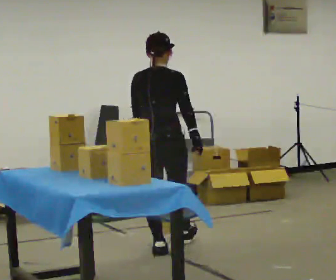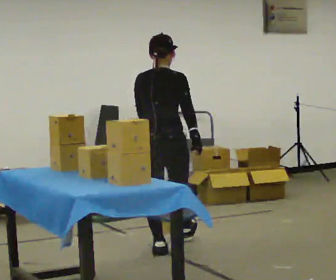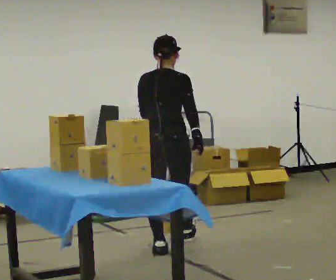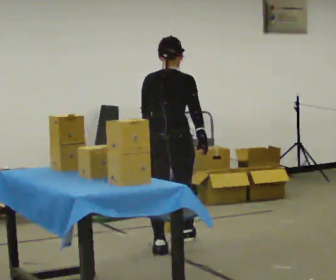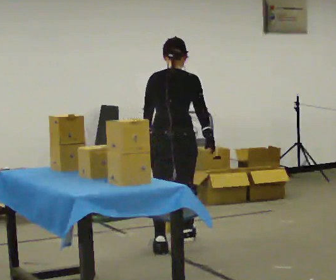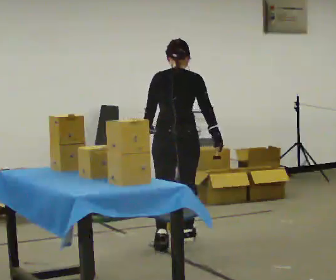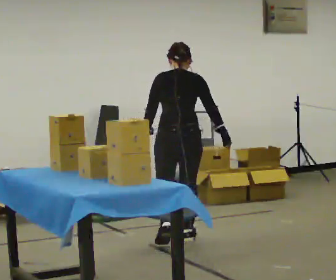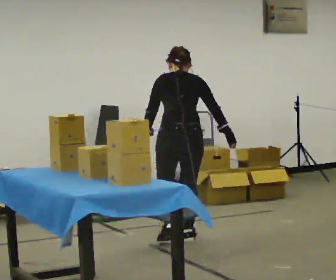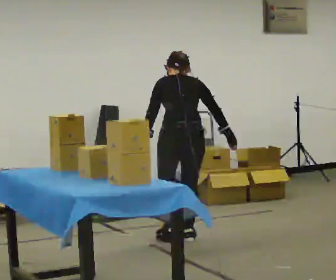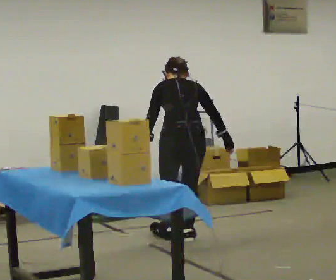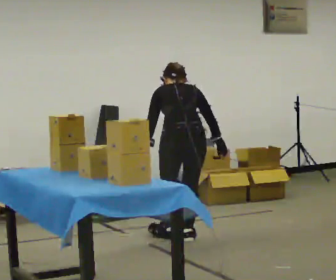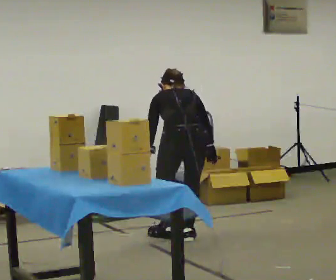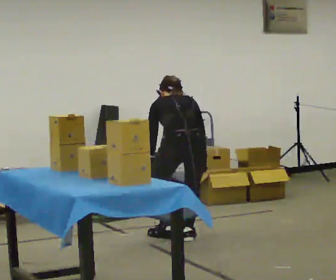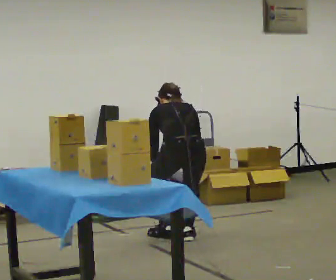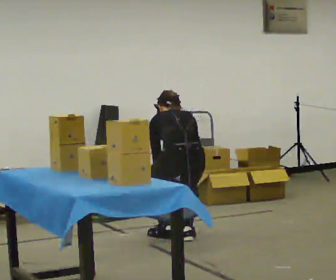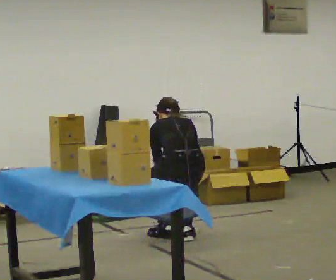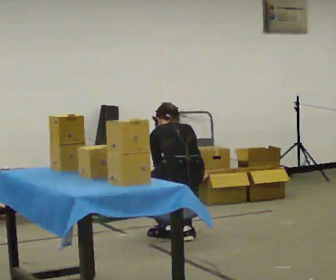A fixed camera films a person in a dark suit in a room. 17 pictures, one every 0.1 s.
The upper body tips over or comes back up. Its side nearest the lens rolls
upward.
Their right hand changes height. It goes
downward.
0.0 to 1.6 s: Seen from above the body turns counterclockwise, about 30 degrees: to their left, with its near side sliding to the right. In the picture they go away from the camera and to the right, about 0.5 m in 2 steps, which for them is forward and to their right. The upper body goes downward. The upper body tips away from the camera, its near side rolling upward, as they bend forward. In the picture their right hand goes downward.
The film runs forward here.
